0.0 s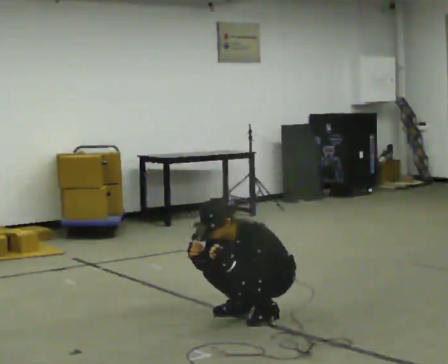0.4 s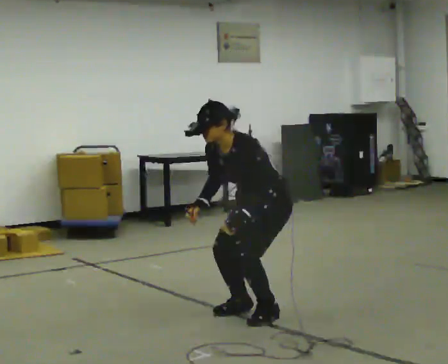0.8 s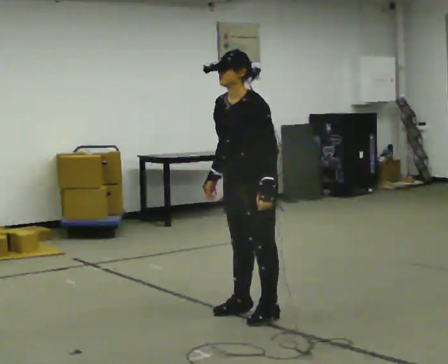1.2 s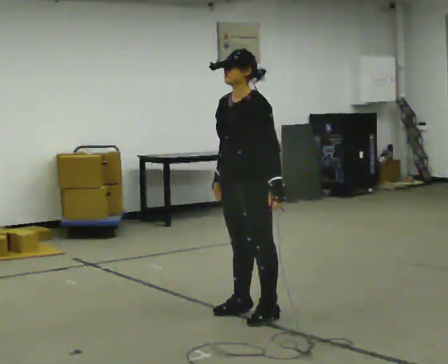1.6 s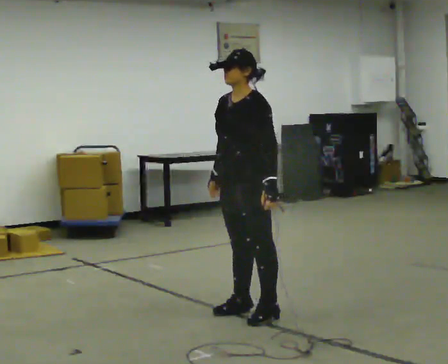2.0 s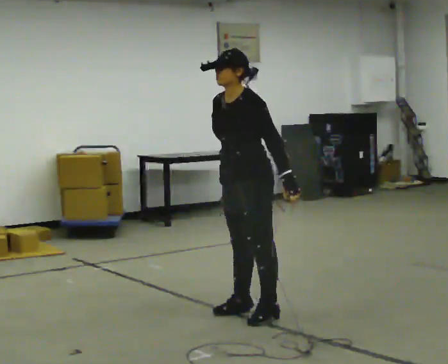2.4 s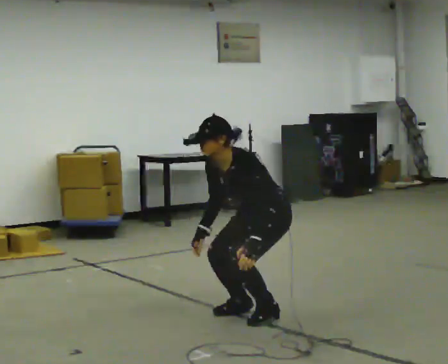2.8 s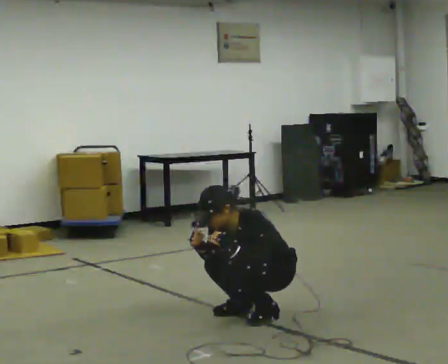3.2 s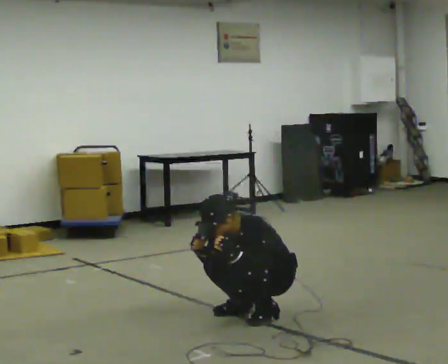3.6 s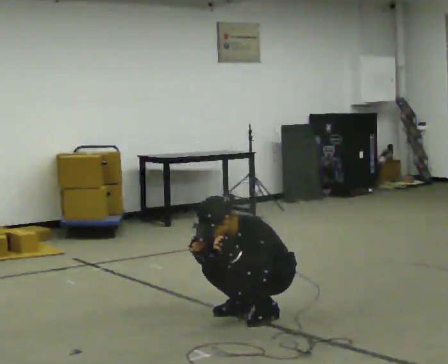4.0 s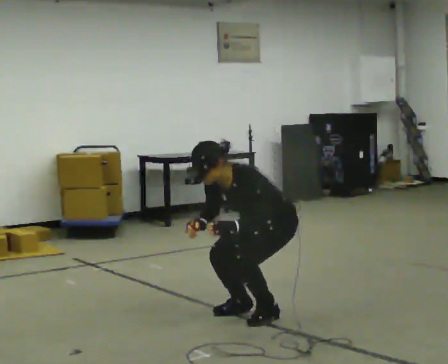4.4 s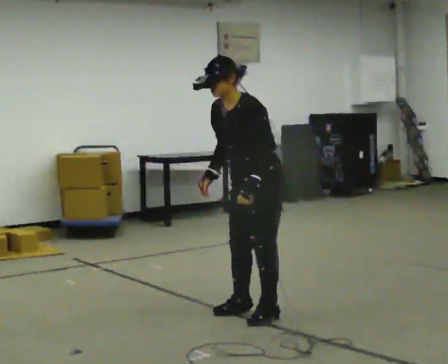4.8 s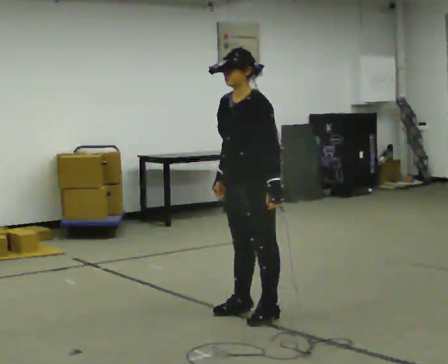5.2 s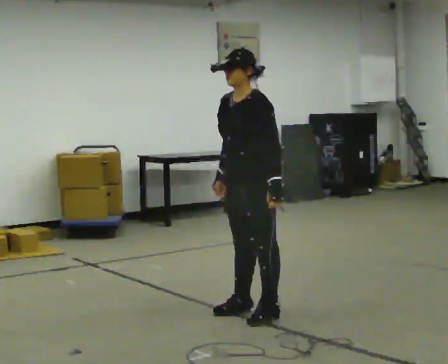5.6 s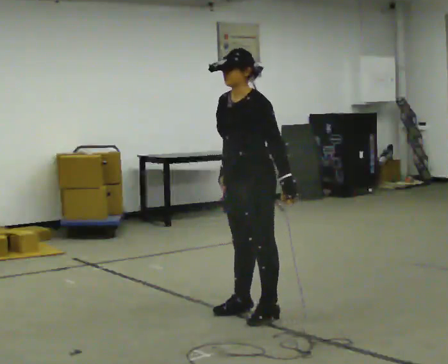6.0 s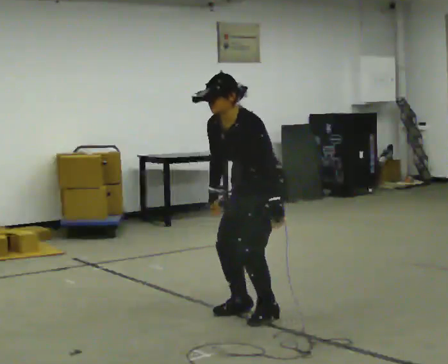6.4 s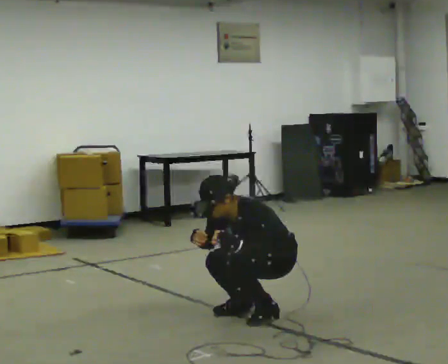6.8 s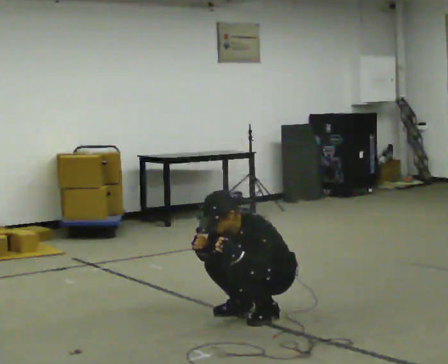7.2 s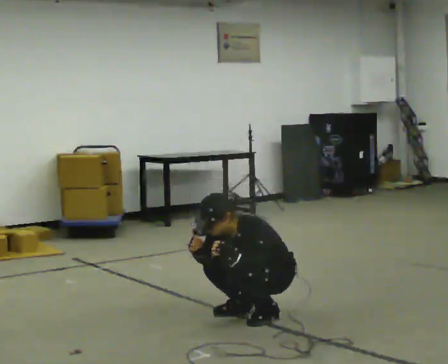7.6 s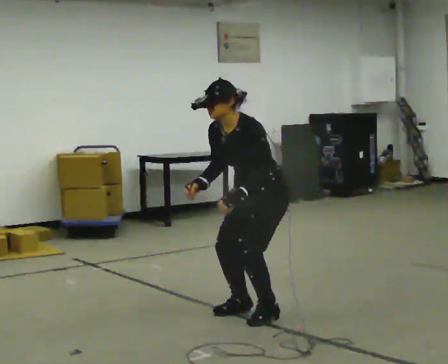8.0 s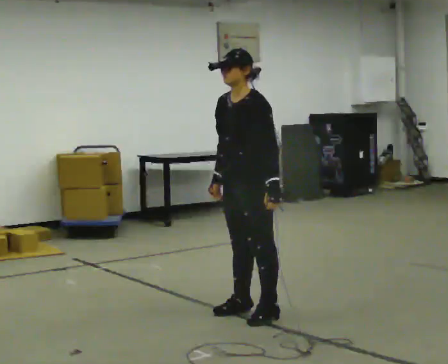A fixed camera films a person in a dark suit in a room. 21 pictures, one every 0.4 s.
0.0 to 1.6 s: In the picture they go to the left, about 0.25 m, which for them is forward. The upper body goes upward. In the picture the upper body tilts clockwise, shoulders to the right, as they lean back or straighten. In the picture their left hand goes upward.
1.6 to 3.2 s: In the picture they go to the right, about 0.25 m, which for them is backward. The shoulders move downward. In the picture the upper body tilts counterclockwise, shoulders to the left, as they bend forward. In the picture their left hand goes downward.
3.2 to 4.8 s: In the picture they go to the left, about 0.25 m, which for them is forward. The shoulders move upward. In the picture the upper body tilts clockwise, shoulders to the right, as they lean back or straighten. In the picture their left hand goes upward.
4.8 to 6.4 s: The upper body goes downward. In the picture the upper body tilts counterclockwise, shoulders to the left, as they bend forward. In the picture their left hand goes downward.
6.4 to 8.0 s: In the picture they go to the left, about 0.25 m, which for them is forward. The shoulders move upward. In the picture the upper body tilts clockwise, shoulders to the right, as they lean back or straighten. In the picture their left hand goes upward.
The film runs backward here.
